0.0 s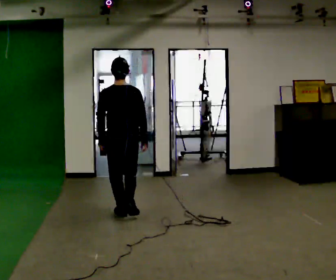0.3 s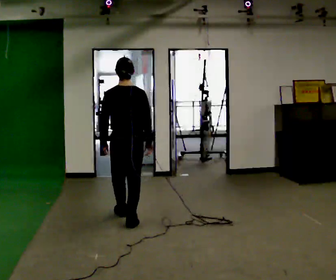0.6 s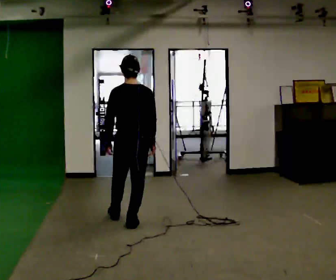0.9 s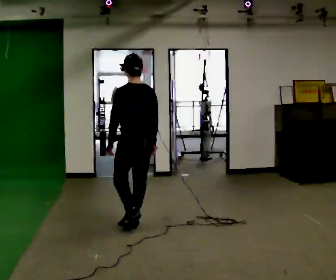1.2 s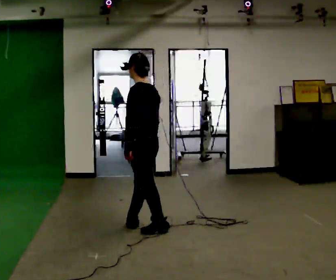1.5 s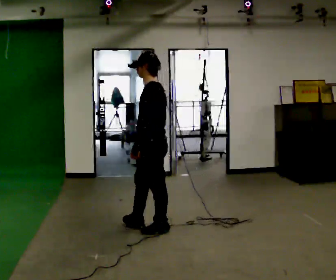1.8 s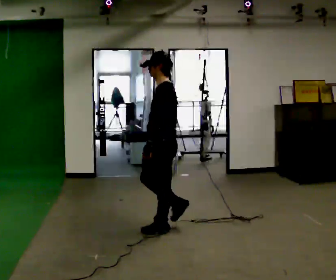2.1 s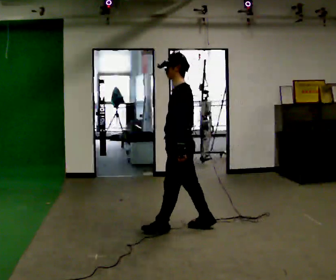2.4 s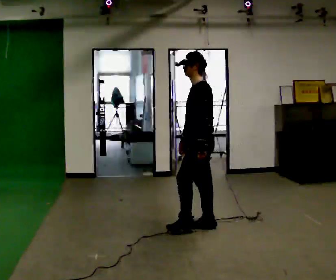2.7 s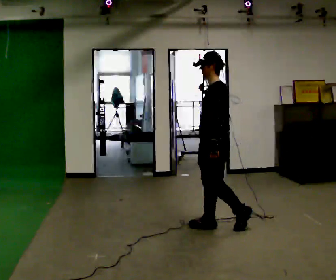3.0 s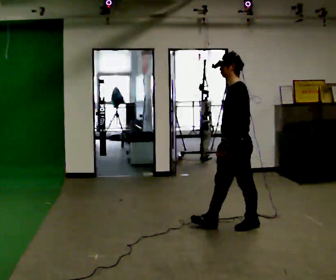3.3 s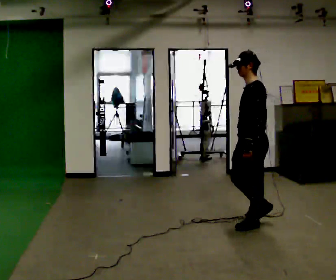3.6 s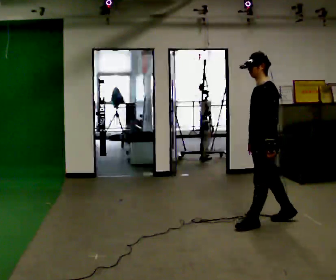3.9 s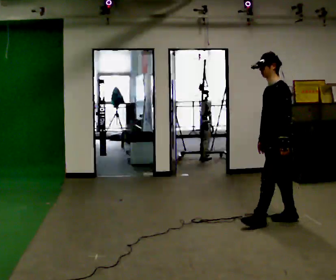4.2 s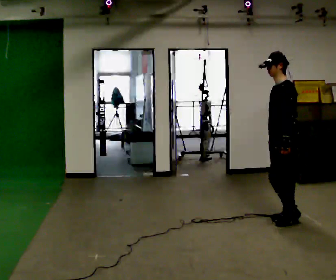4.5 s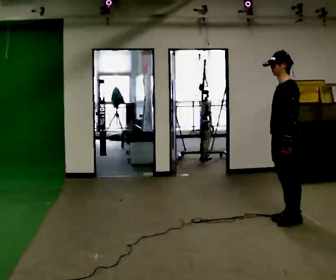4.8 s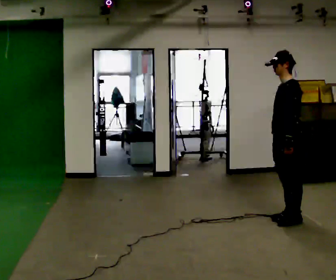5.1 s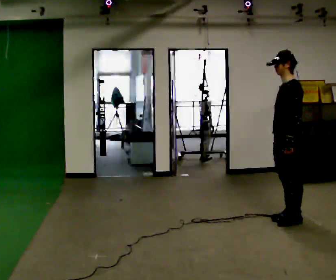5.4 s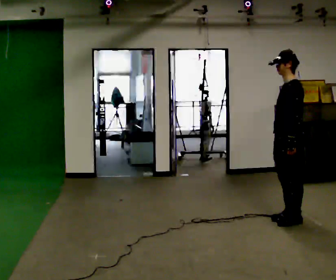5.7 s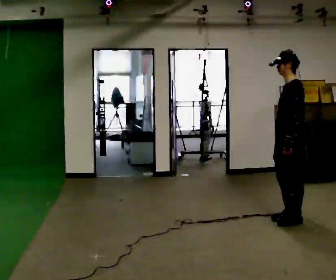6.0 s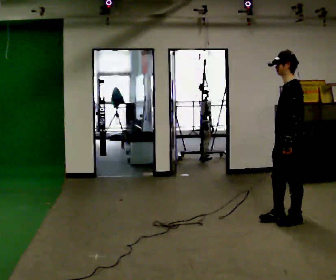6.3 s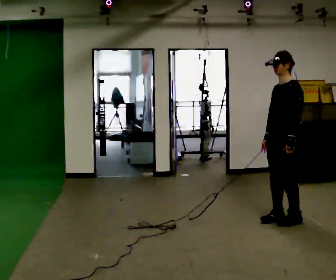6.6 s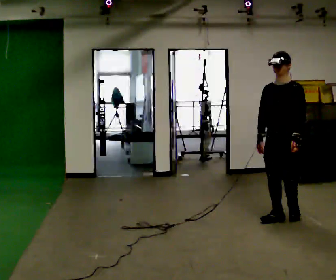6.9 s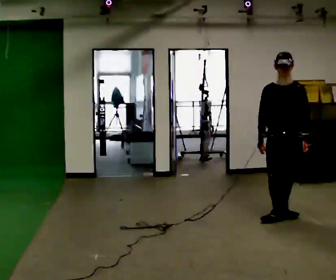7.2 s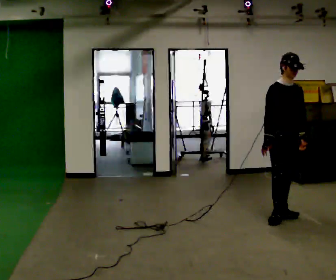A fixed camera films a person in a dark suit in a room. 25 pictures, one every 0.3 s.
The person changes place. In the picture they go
to the right.
The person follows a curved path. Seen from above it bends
counterclockwise.
0.0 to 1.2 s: The part of the body nearest the lens slides to the right as the person turns to their left by about 60 degrees. In the picture they go toward the camera and to the right, about 0.5 m in 1 step, which for them is backward.
1.2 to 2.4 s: The person turns about 30 degrees to their left, counterclockwise seen from above, so the part of the body nearest the lens slides to the right. In the picture they go to the right, about 0.5 m in 2 steps, which for them is backward.
2.4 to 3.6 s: In the picture they go to the right, about 0.75 m in 1 step, which for them is backward.
3.6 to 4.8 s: In the picture they go to the right, about 0.25 m in 1 step, which for them is backward.
4.8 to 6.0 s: The person moves a little, or ends about where they began.
6.0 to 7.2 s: The person turns about 105 degrees to their left, counterclockwise seen from above, so the part of the body nearest the lens slides to the right. In the picture they go away from the camera, about 0.25 m in 1 step.
The film runs backward here.
